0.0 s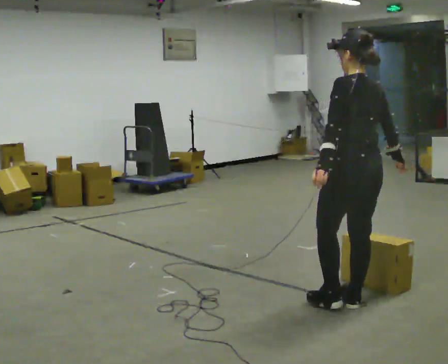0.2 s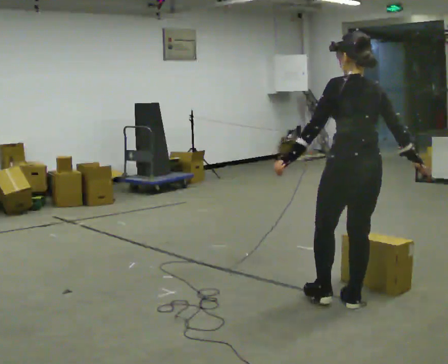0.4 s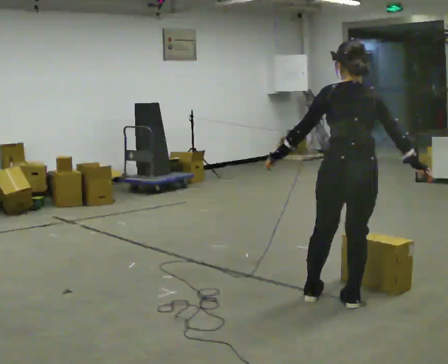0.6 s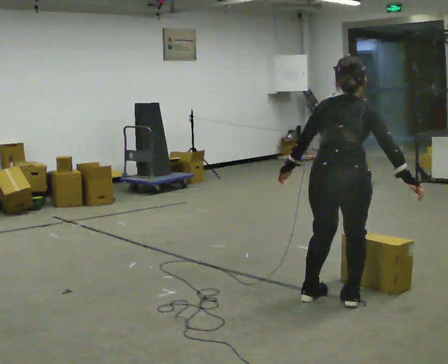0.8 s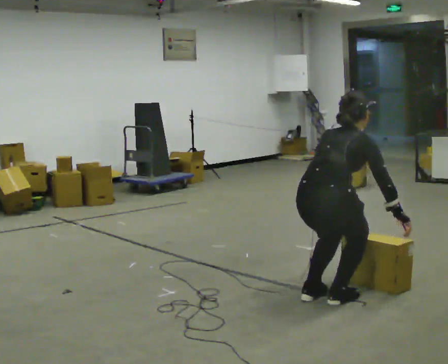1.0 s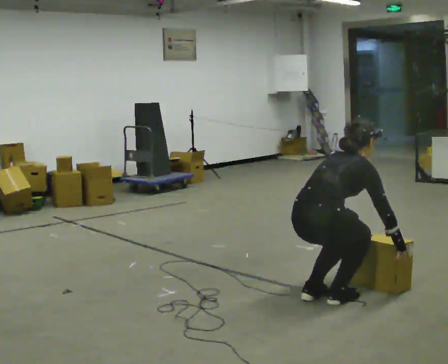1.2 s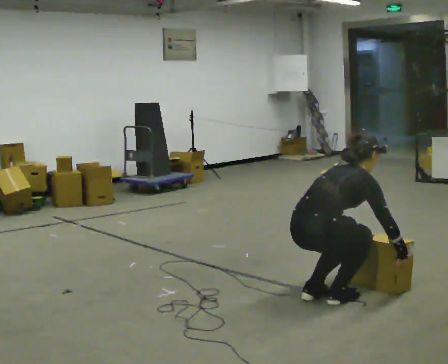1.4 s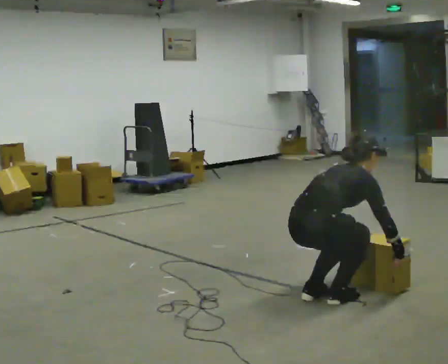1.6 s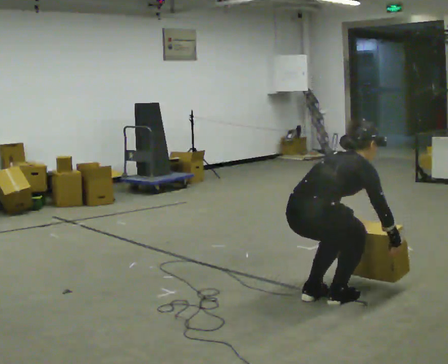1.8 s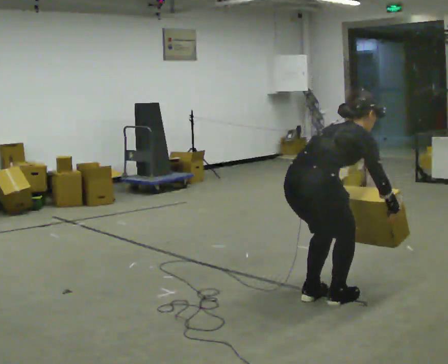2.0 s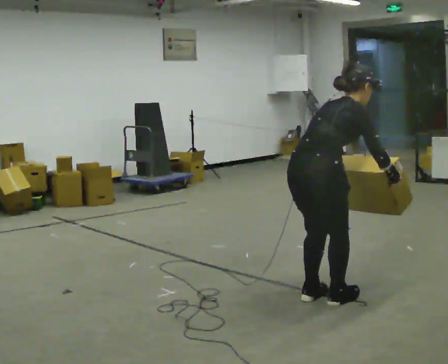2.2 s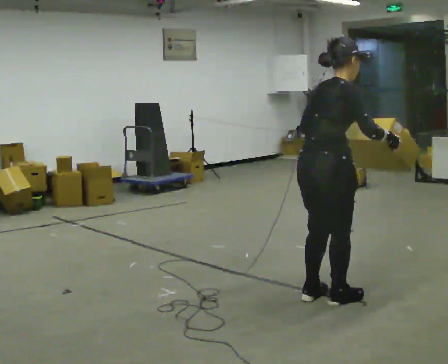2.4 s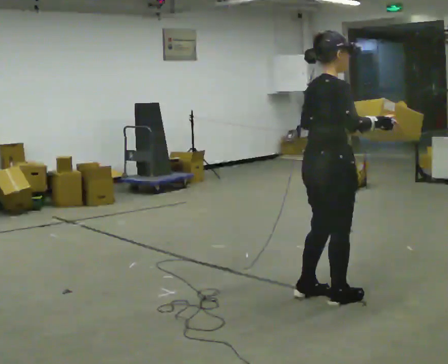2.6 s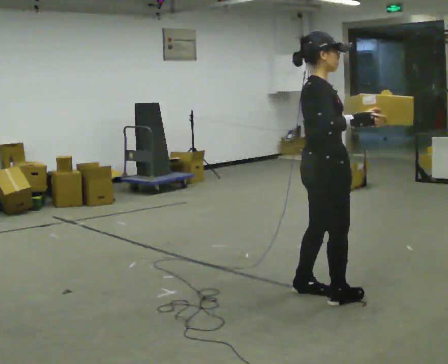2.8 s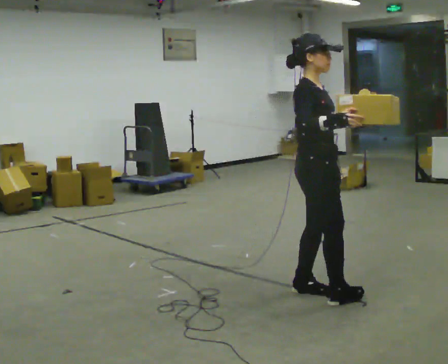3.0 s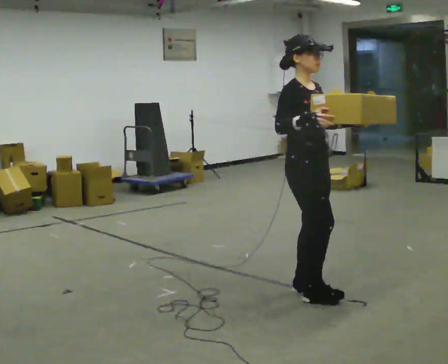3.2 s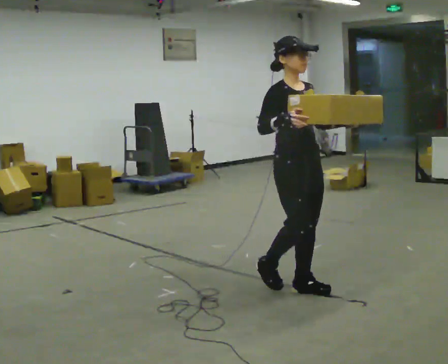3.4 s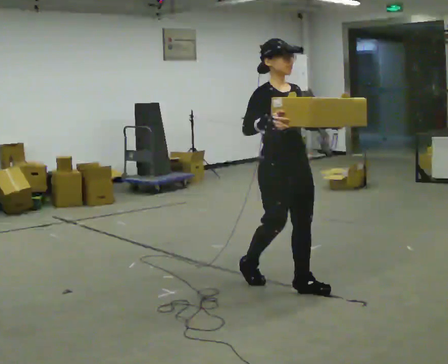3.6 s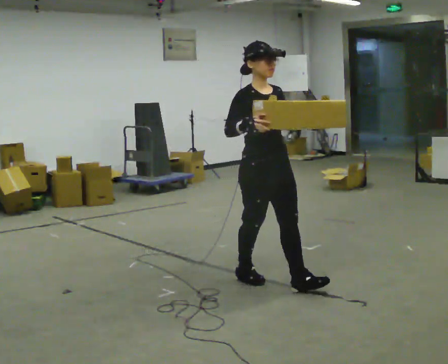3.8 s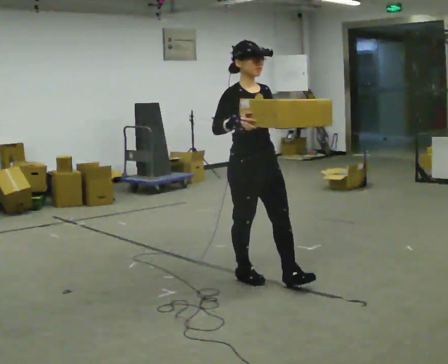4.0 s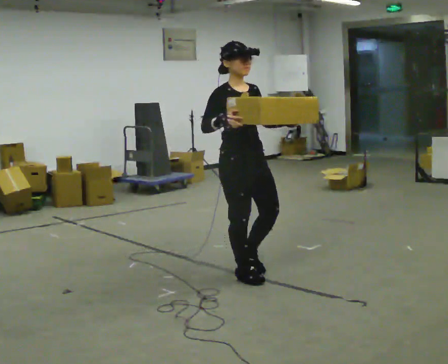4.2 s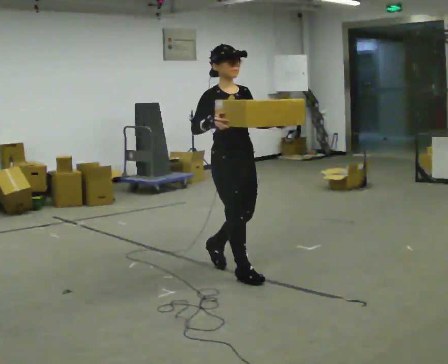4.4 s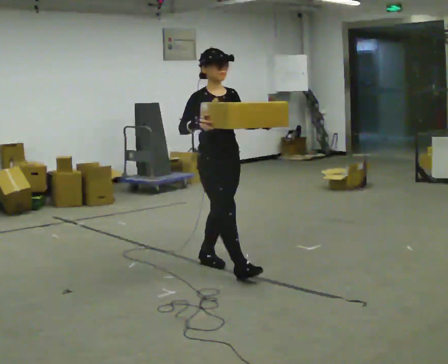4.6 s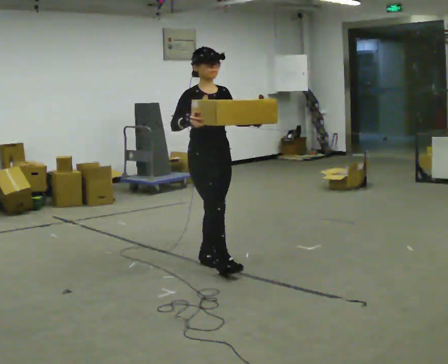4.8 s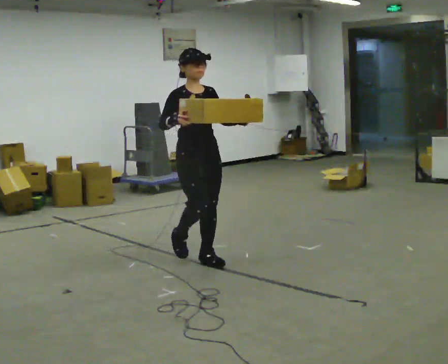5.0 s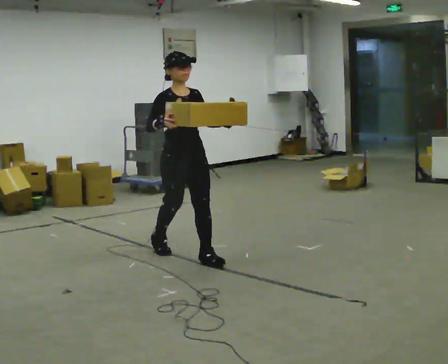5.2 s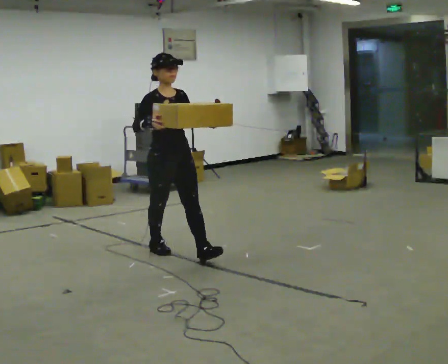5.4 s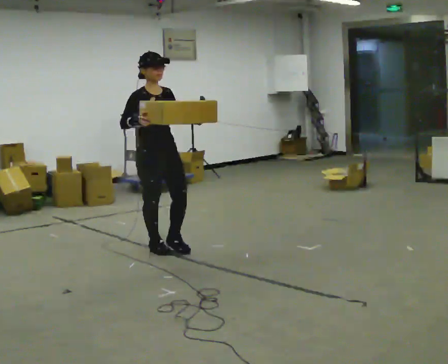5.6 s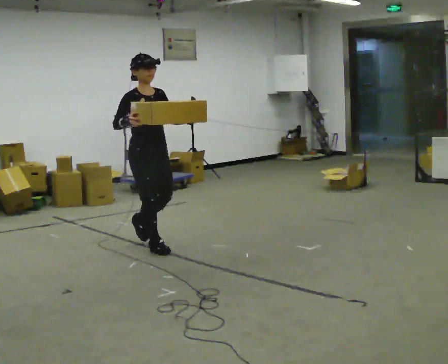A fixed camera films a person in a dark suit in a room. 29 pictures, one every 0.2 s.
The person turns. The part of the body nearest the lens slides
to the left.
The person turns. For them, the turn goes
to their right.
0.0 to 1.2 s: The part of the body nearest the lens slides to the left as the person turns to their right by about 90 degrees. In the picture they go to the left, about 0.25 m in 1 step. The upper body goes downward. In the picture the upper body tilts clockwise, shoulders to the right, as they bend forward. In the picture their left hand goes downward.
1.2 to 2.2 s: The shoulders move upward. In the picture the upper body tilts counterclockwise, shoulders to the left, as they lean back or straighten. In the picture their right hand goes upward.
2.2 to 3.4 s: The part of the body nearest the lens slides to the left as the person turns to their right by about 90 degrees. In the picture they go away from the camera and to the left, about 0.5 m in 2 steps. In the picture the upper body tilts counterclockwise, shoulders to the left, as they lean back or straighten.
3.4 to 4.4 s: In the picture they go to the left and away from the camera, about 0.75 m in 1 step, which for them is backward.
4.4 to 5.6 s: In the picture they go to the left and away from the camera, about 1 m in 2 steps, which for them is backward.
The film runs backward here.
